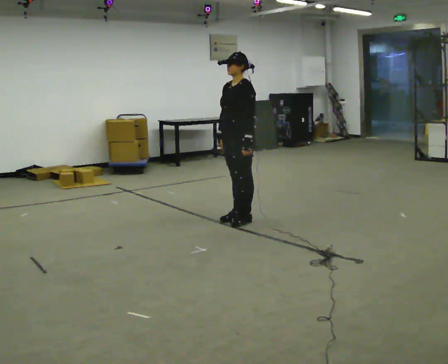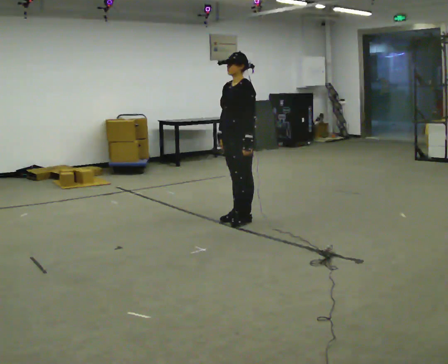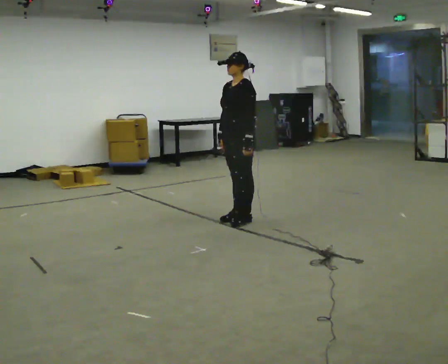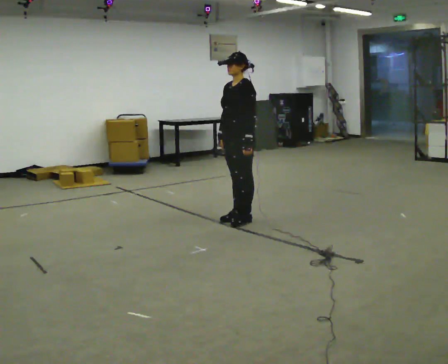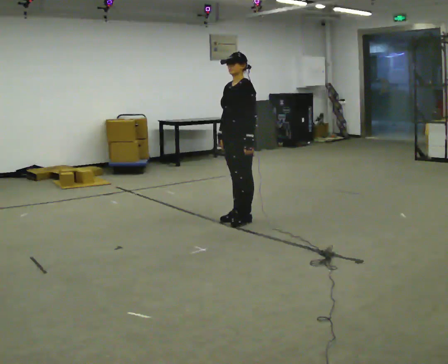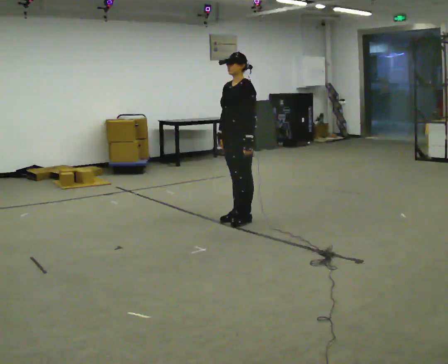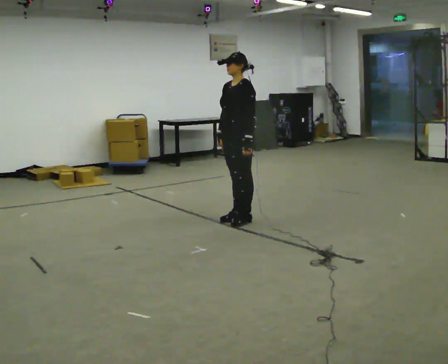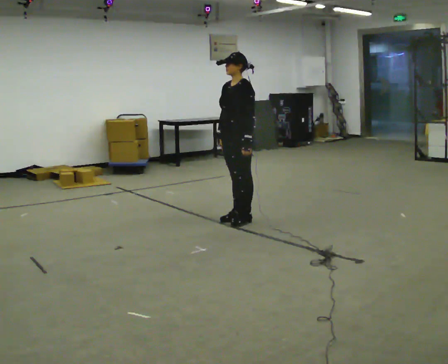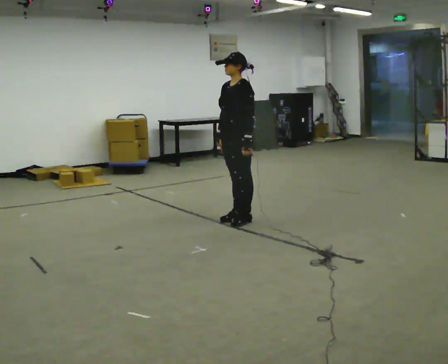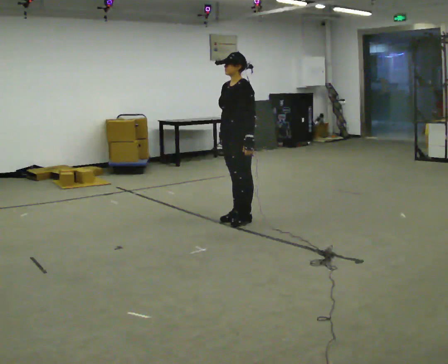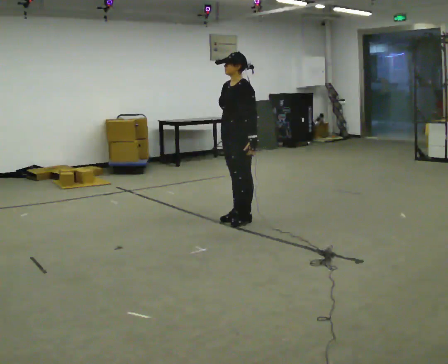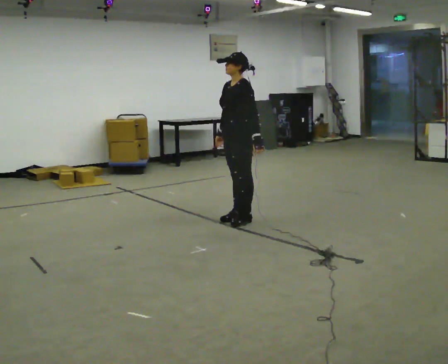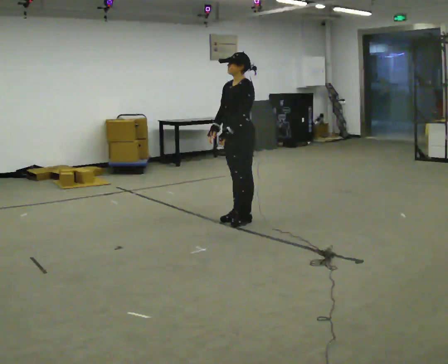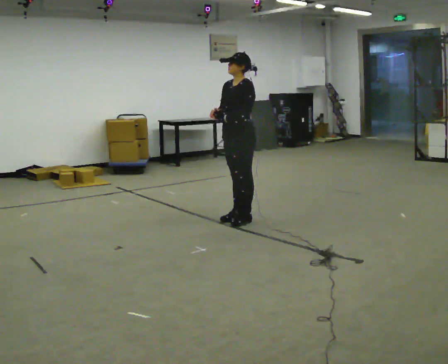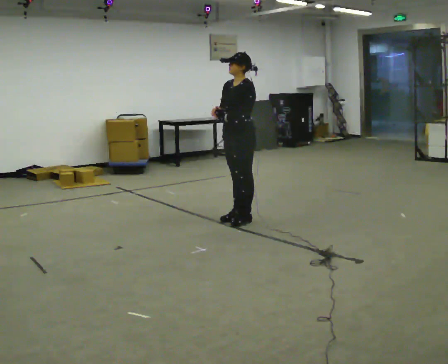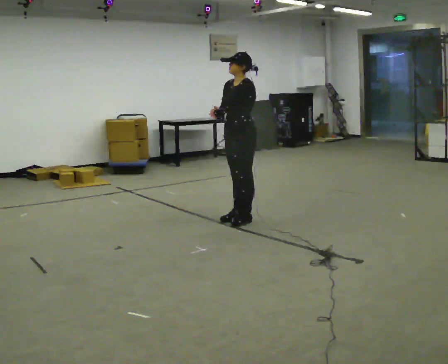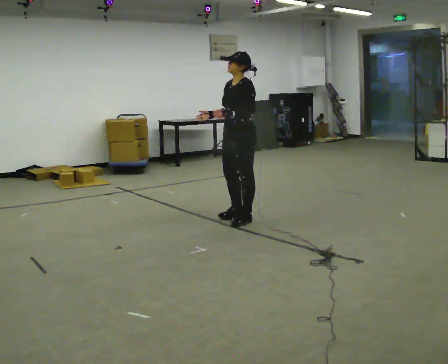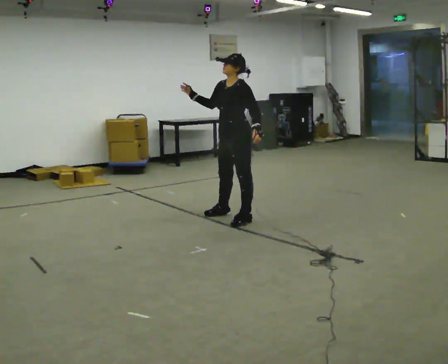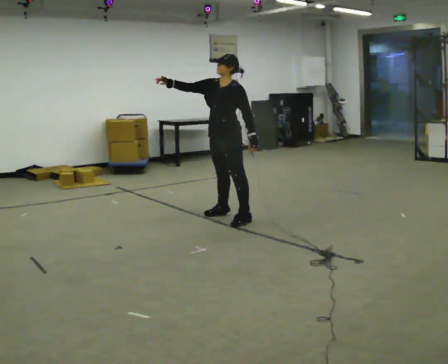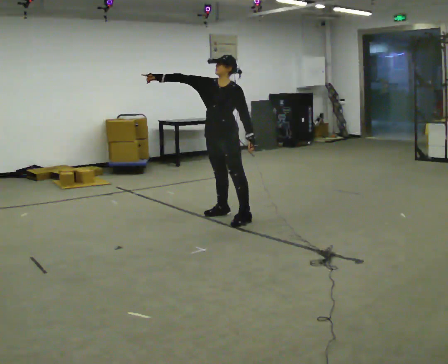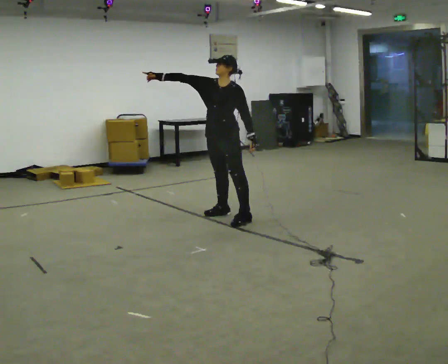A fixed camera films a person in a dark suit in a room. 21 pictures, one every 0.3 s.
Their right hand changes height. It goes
upward.
Their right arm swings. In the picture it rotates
clockwise.
0.0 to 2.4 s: The person keeps their place and pose.
2.4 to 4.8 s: The person moves a little, or ends about where they began.
4.8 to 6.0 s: The person turns about 30 degrees to their left, counterclockwise seen from above, so the part of the body nearest the lens slides to the right. In the picture they go away from the camera and to the left, about 0.25 m, which for them is to their right. In the picture their right hand goes upward, the arm swinging clockwise.
The film runs backward here.
